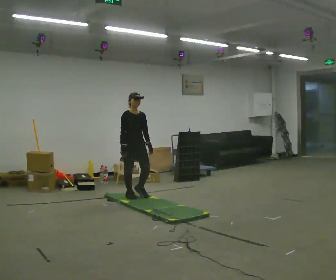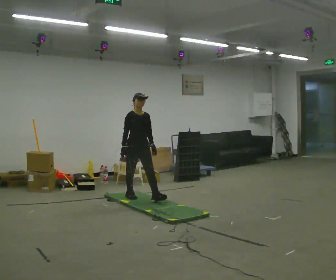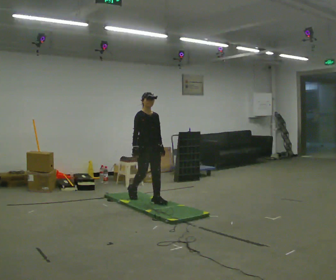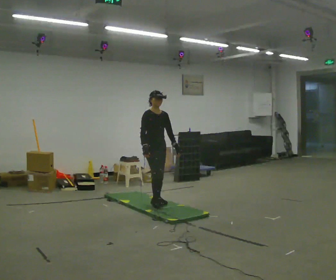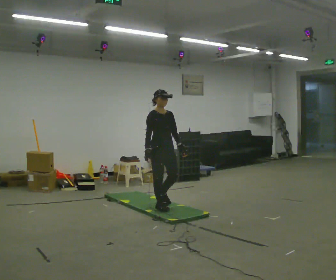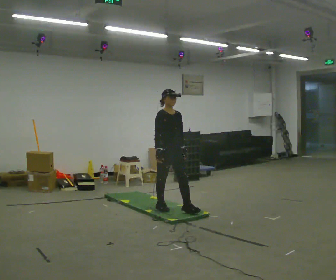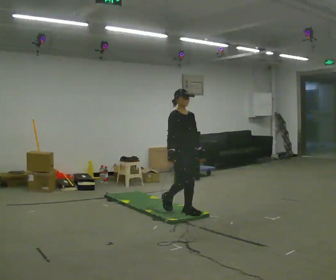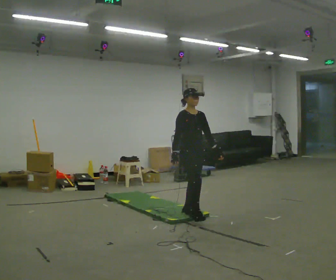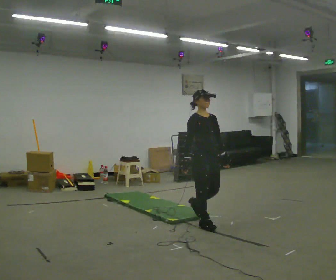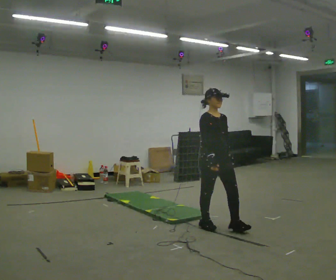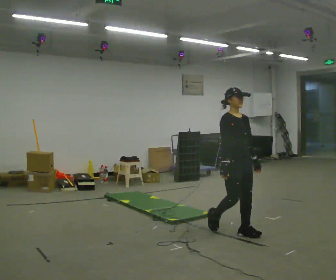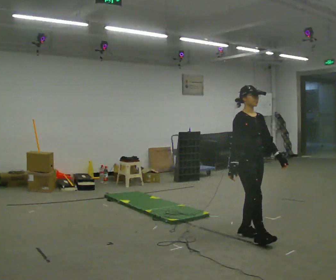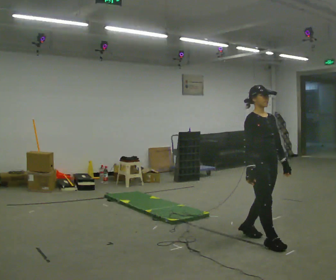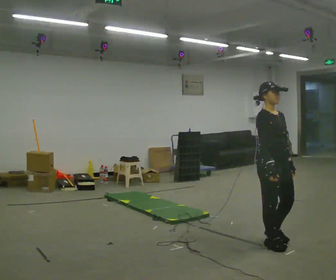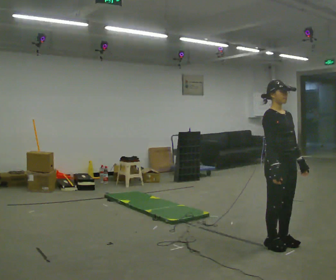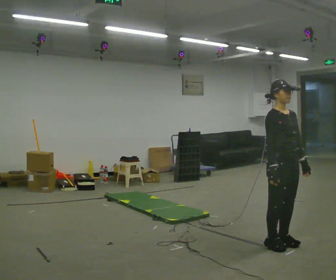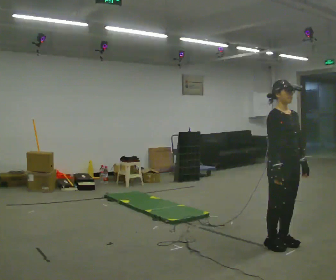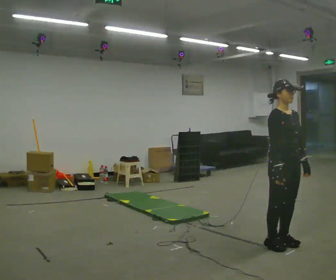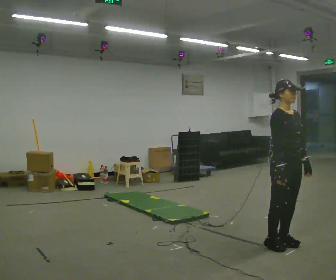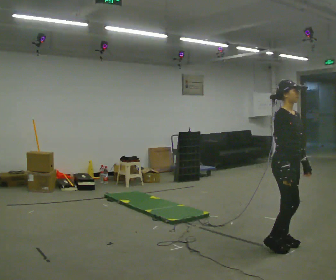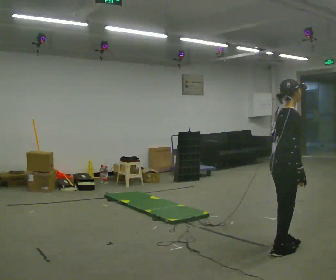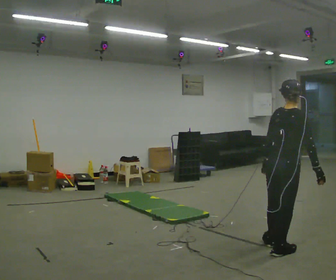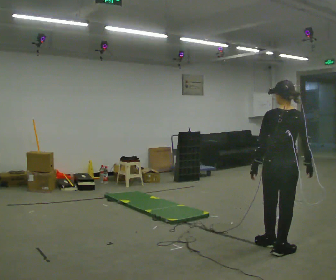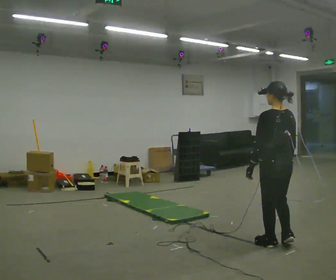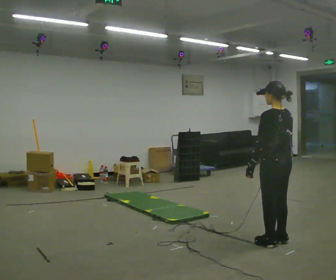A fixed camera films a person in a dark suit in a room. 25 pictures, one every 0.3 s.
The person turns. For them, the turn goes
to their left.
The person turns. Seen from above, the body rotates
counterclockwise.
0.0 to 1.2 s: In the picture they go to the right and toward the camera, about 0.5 m in 2 steps, which for them is forward.
1.2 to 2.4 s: In the picture they go to the right and toward the camera, about 1 m in 2 steps, which for them is forward.
2.4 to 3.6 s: In the picture they go to the right and toward the camera, about 1 m in 2 steps, which for them is forward.
3.6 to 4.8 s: In the picture they go to the right, about 0.25 m in 1 step, which for them is forward.
4.8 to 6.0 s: The person turns about 60 degrees to their left, counterclockwise seen from above, so the part of the body nearest the lens slides to the right.
6.0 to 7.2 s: Seen from above the body turns counterclockwise, about 120 degrees: to their left, with its near side sliding to the right. In the picture they go away from the camera, about 0.25 m in 1 step. In the picture their left hand goes to the left.
The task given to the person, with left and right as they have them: Walk across the soft uneven mat at a comfortable speed; continue walking normally after you leave it.
The film runs forward here.
